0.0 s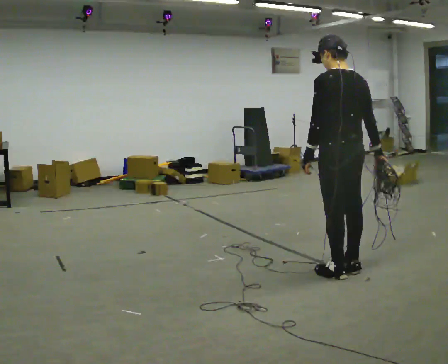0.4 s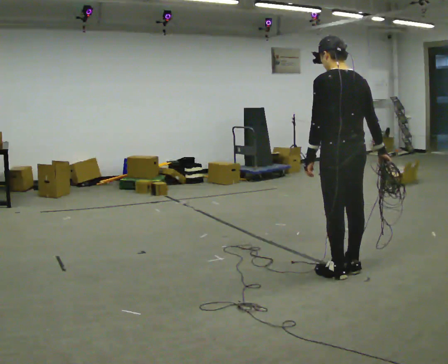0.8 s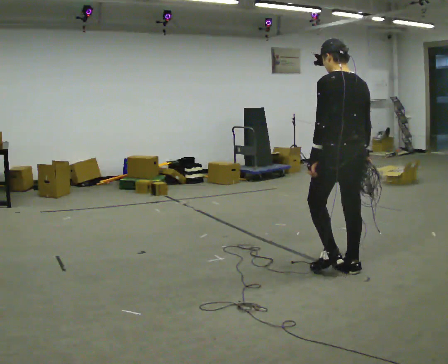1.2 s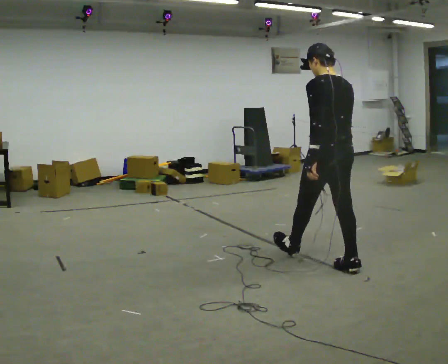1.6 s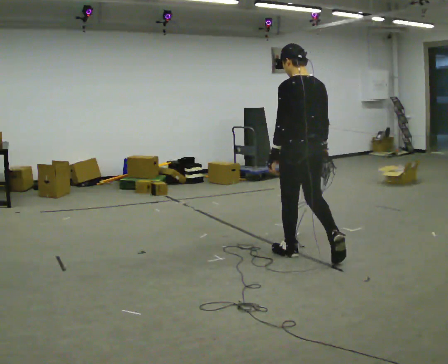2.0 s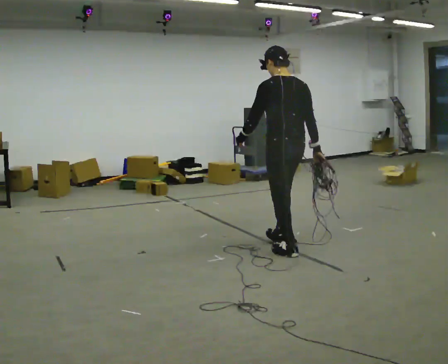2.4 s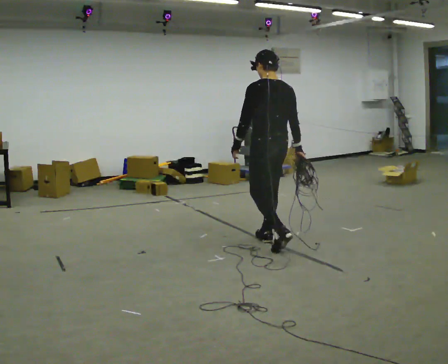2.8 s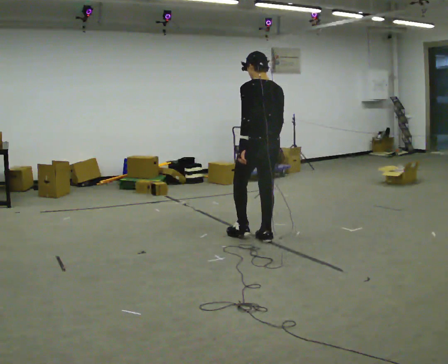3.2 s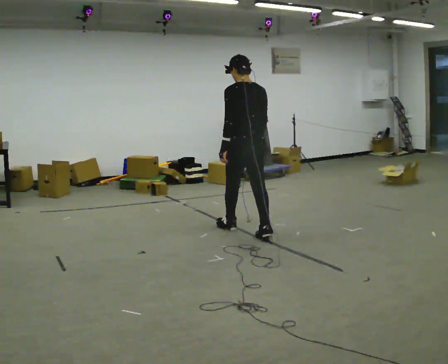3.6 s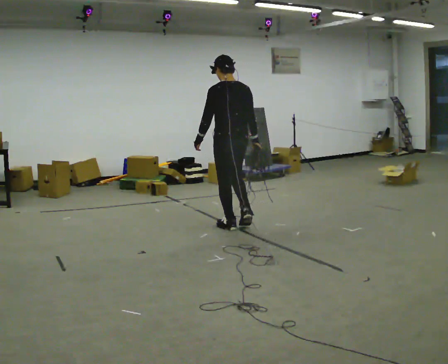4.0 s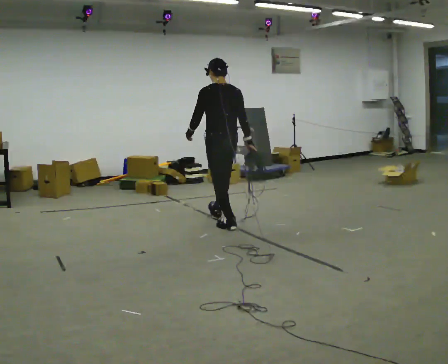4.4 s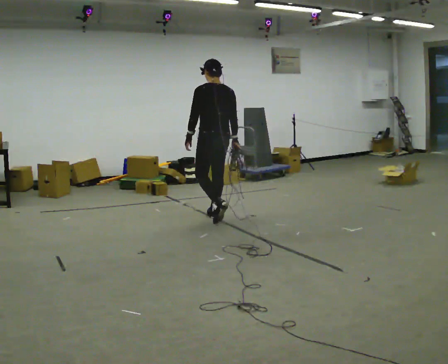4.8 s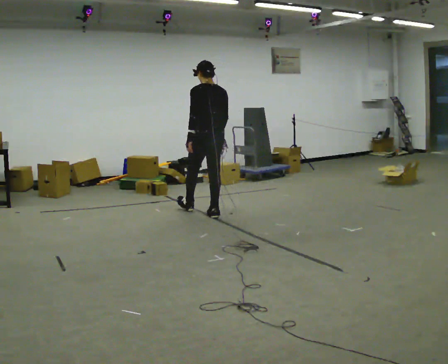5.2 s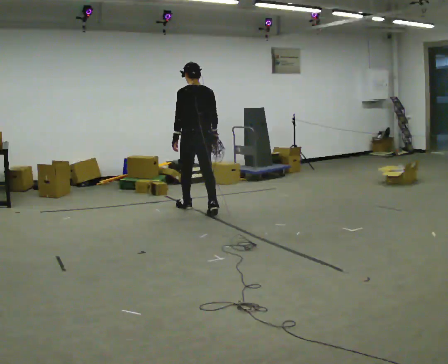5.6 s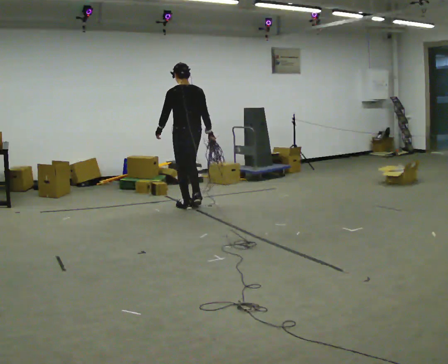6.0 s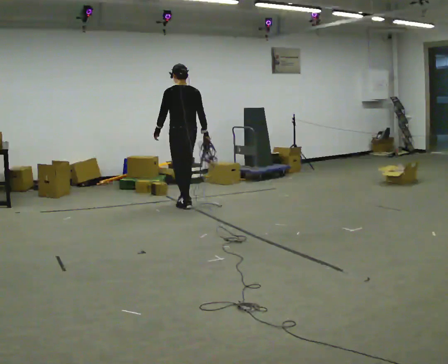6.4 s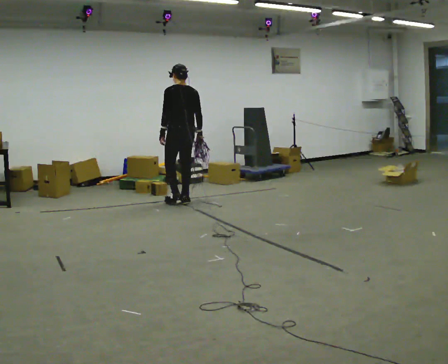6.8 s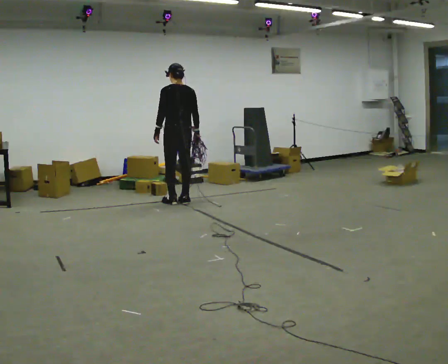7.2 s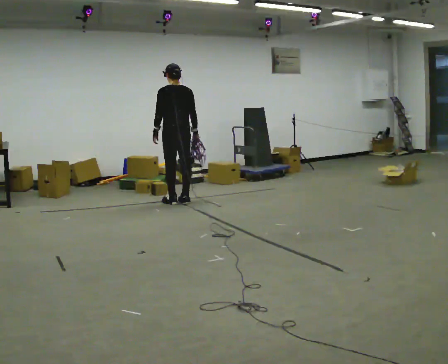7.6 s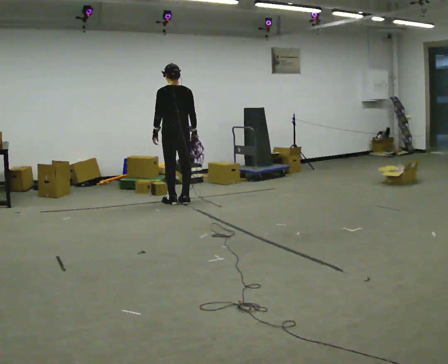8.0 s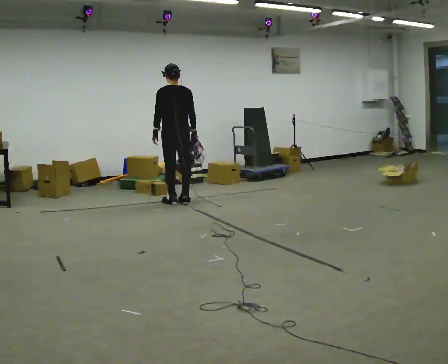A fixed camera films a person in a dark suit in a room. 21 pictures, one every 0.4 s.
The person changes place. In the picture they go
away from the camera.
0.0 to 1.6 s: In the picture they go away from the camera and to the left, about 0.5 m in 1 step, which for them is forward.
1.6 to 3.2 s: In the picture they go away from the camera and to the left, about 1 m in 2 steps, which for them is forward.
3.2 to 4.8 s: In the picture they go away from the camera and to the left, about 1 m in 1 step, which for them is forward.
4.8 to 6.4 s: In the picture they go away from the camera and to the left, about 0.5 m in 2 steps, which for them is forward.
6.4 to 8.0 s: The person moves a little, or ends about where they began.
The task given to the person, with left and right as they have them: Pick up the coiled hose, carry it across the room, and set it down. It will move around as you walk. Keep going until the operator says stop; one object at a time, and do not rush between trips.
The film runs forward here.
